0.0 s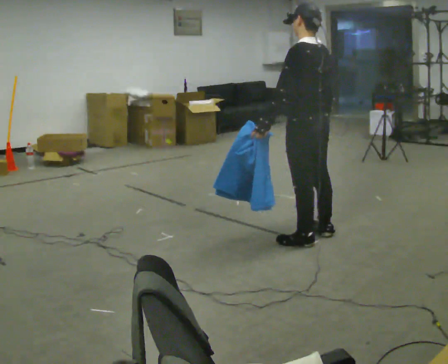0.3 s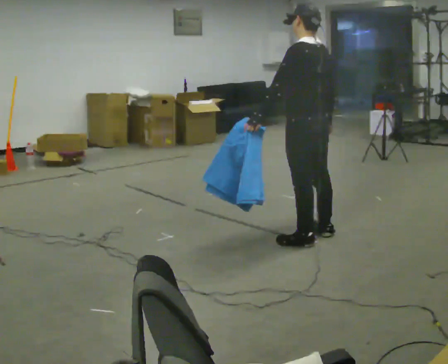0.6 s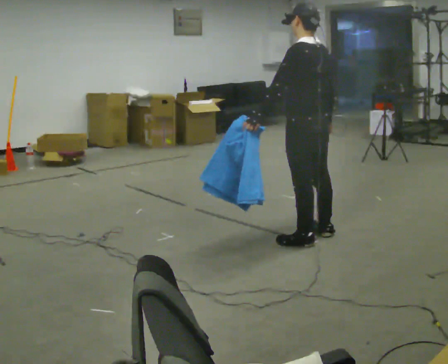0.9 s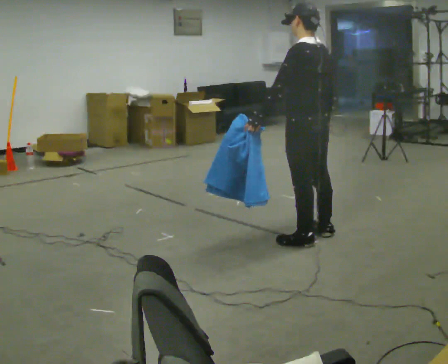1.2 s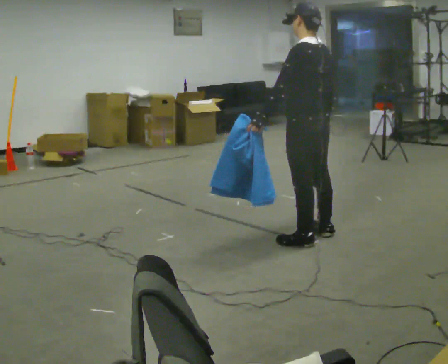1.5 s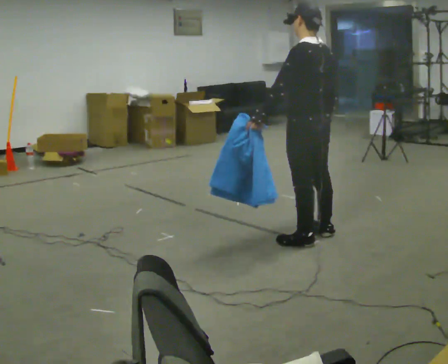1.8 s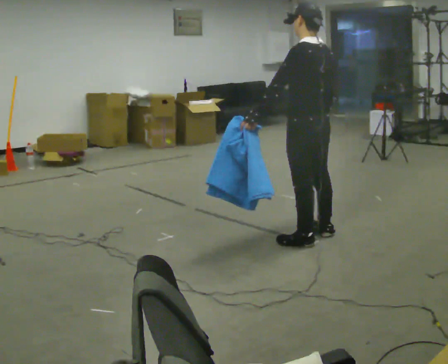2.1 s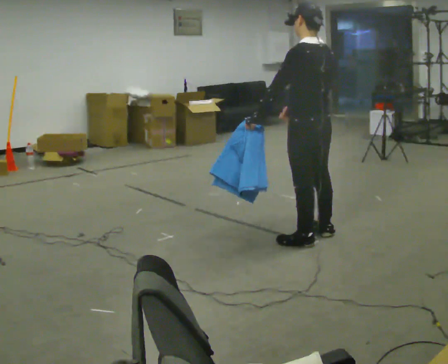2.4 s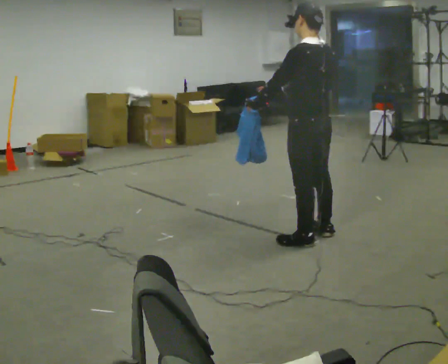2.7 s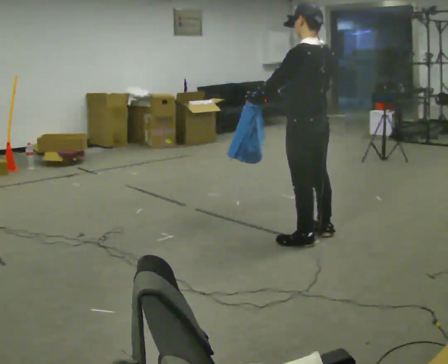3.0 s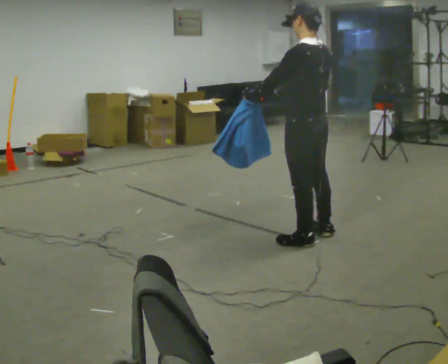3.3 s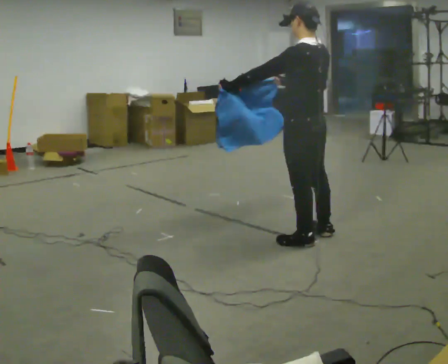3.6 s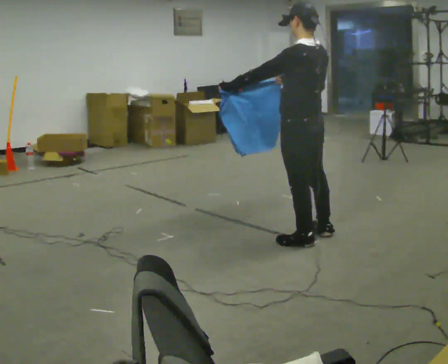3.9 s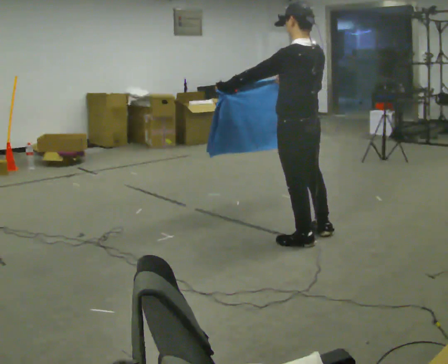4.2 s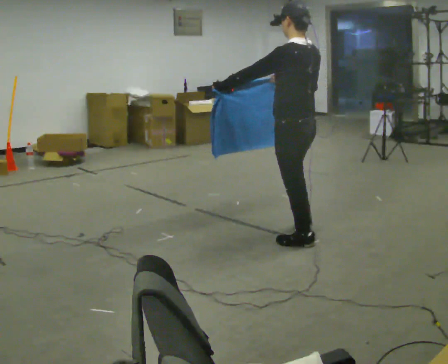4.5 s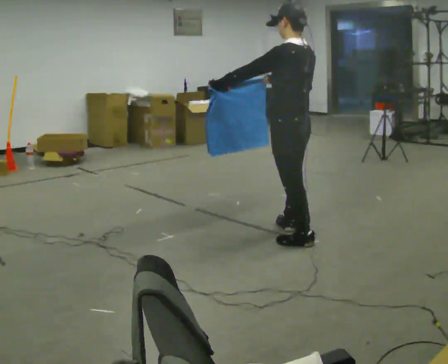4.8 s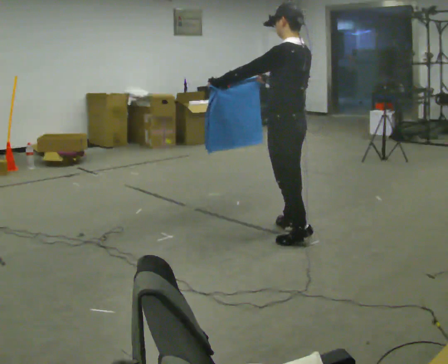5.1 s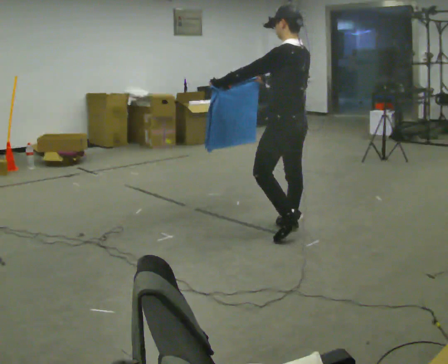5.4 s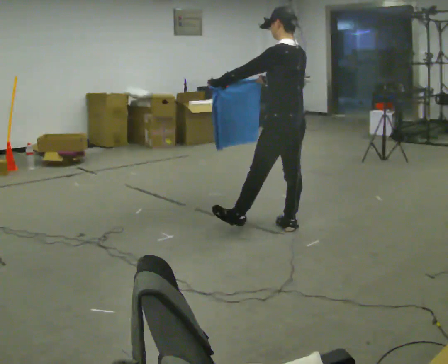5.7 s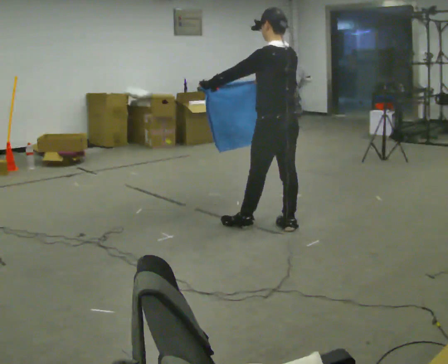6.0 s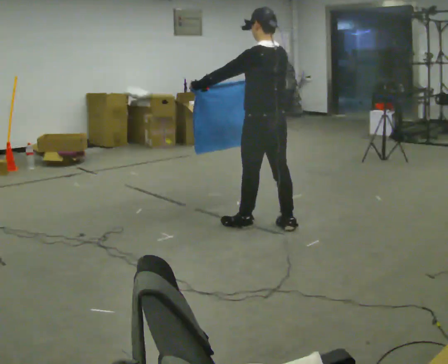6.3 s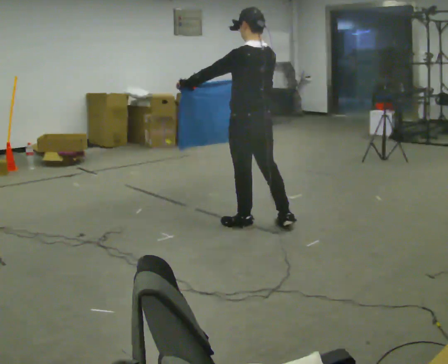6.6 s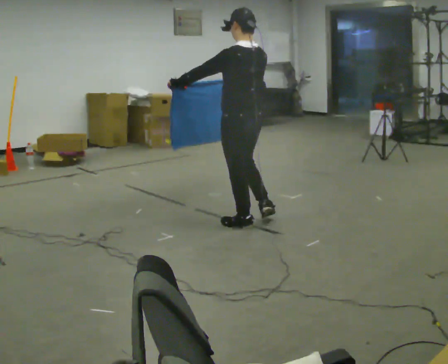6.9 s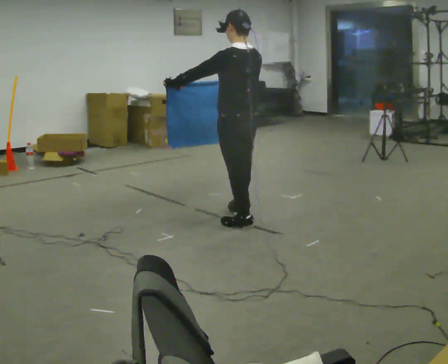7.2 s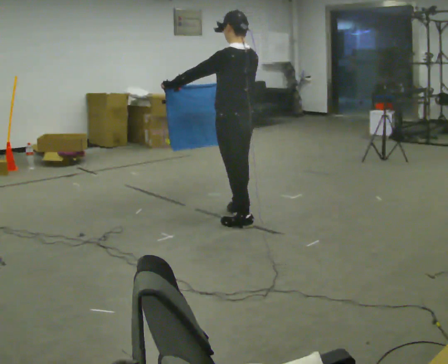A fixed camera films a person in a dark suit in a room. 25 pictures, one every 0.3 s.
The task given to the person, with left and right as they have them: Carry the cloth and, while walking, fold it in half, then unfold it. Keep repeating as you walk. Do not stop.
0.0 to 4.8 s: In the picture they go to the left, about 0.25 m in 1 step, which for them is forward. In the picture their right hand goes to the left, the arm swinging clockwise.
4.8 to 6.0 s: In the picture they go to the left, about 0.25 m in 1 step, which for them is forward.
6.0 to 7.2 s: In the picture they go to the left, about 0.25 m in 1 step, which for them is forward.
The film runs forward here.
